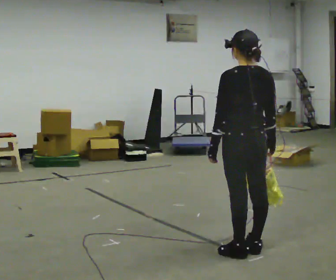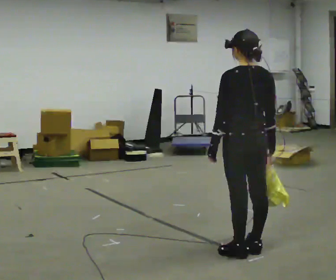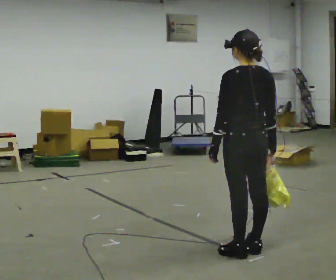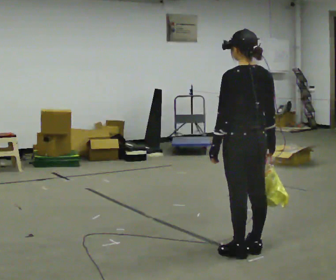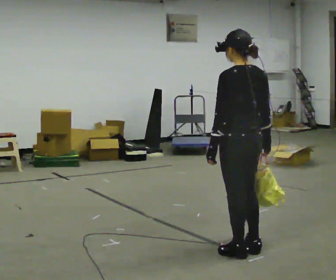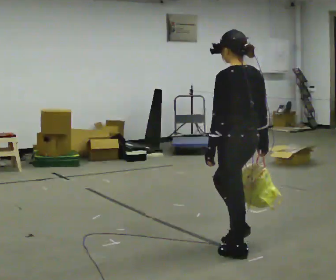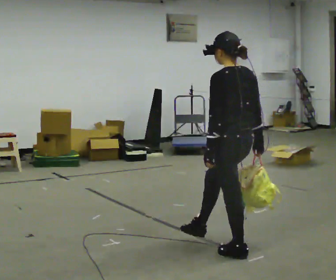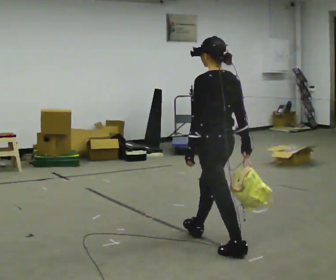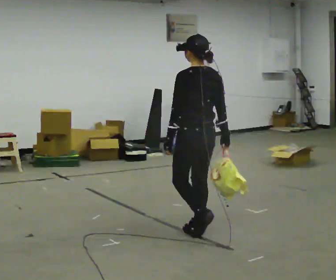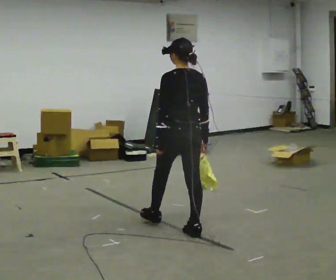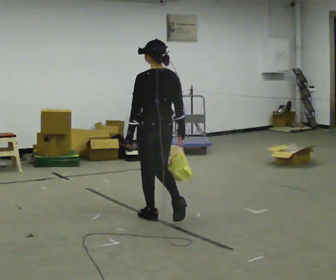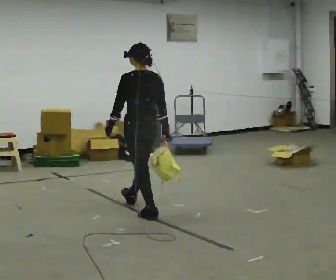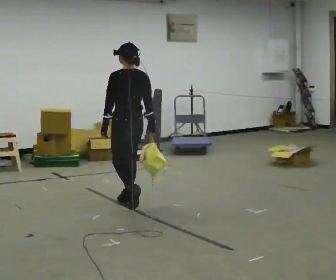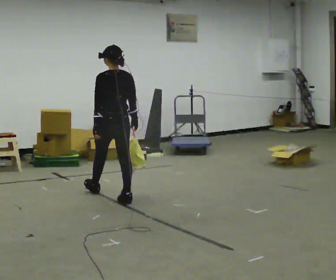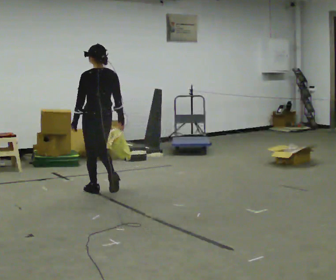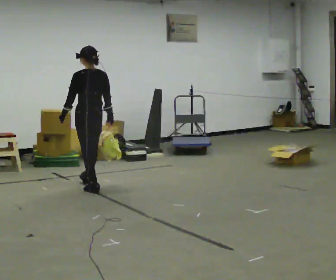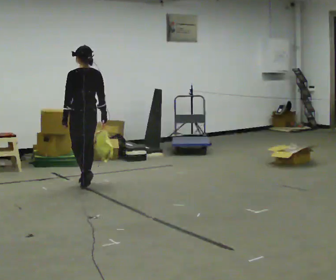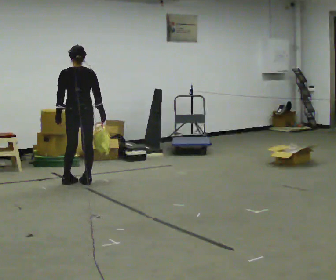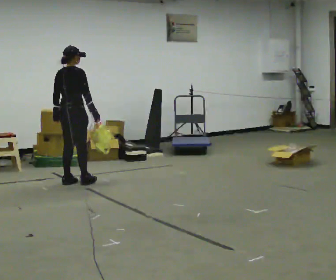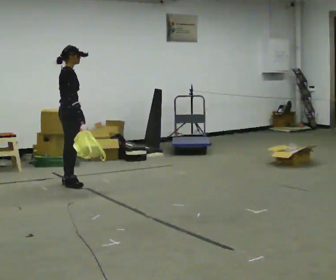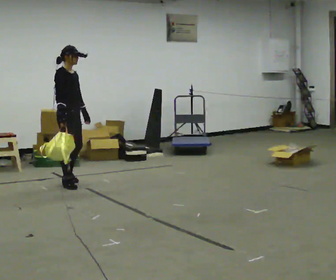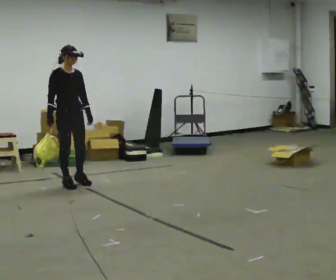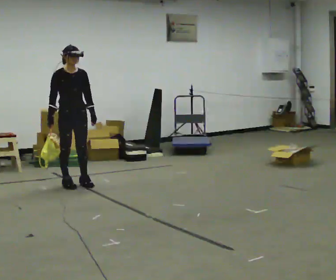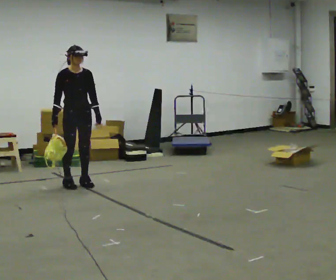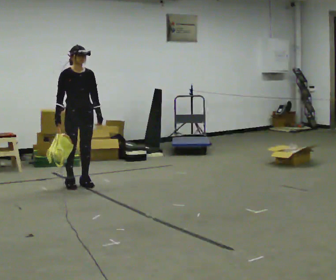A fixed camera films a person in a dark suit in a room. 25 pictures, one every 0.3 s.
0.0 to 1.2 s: The person moves a little, or ends about where they began.
1.2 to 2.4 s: In the picture they go away from the camera and to the left, about 0.5 m in 1 step, which for them is forward.
2.4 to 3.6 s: In the picture they go away from the camera and to the left, about 1 m in 2 steps, which for them is forward.
3.6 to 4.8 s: In the picture they go away from the camera and to the left, about 1 m in 2 steps, which for them is forward.
4.8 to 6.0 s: The person turns about 150 degrees to their right, clockwise seen from above, so the part of the body nearest the lens slides to the left. In the picture they go to the left, about 0.25 m in 2 steps. In the picture their right hand goes to the left.
6.0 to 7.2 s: The person turns about 45 degrees to their right, clockwise seen from above, so the part of the body nearest the lens slides to the left.
The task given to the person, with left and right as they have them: Carry the soft bag across the room, back and forth. It will change shape as you move, so hold it however works.
The film runs forward here.
